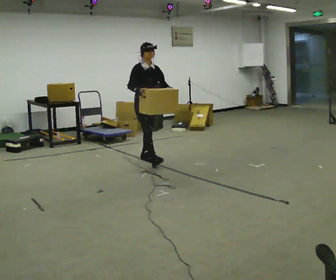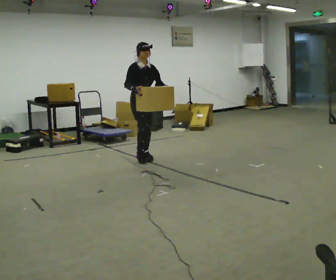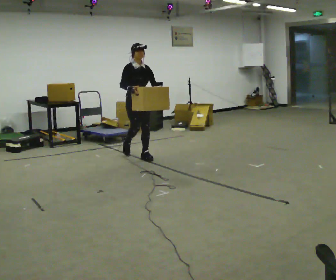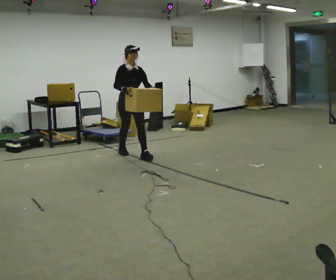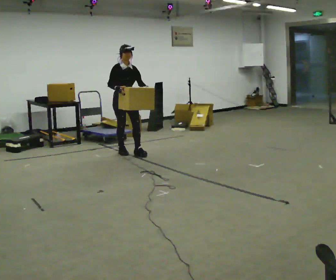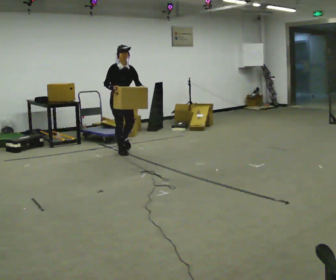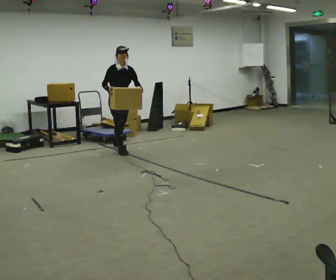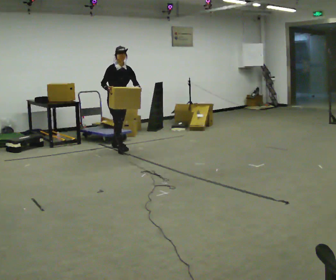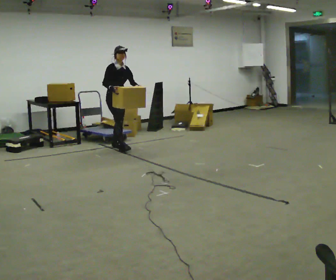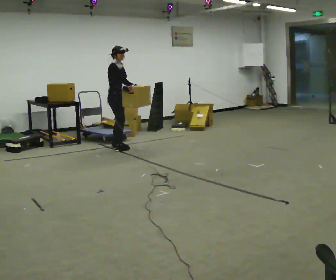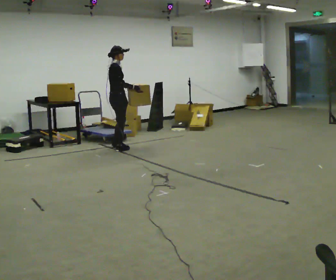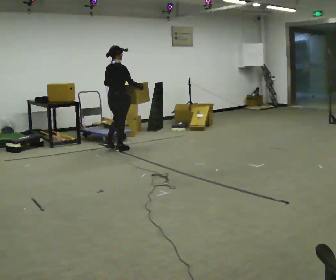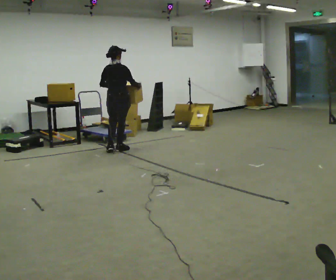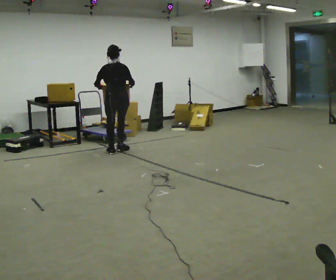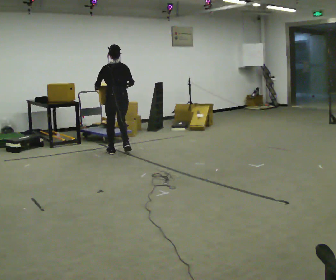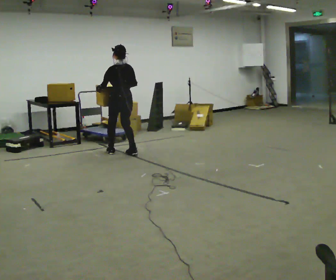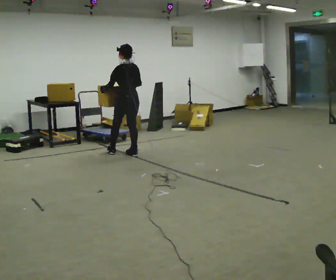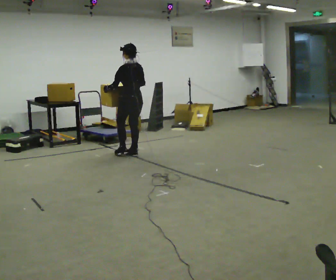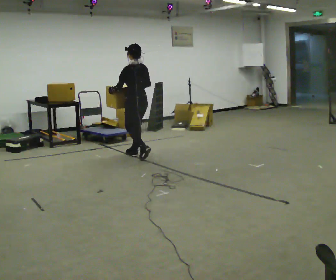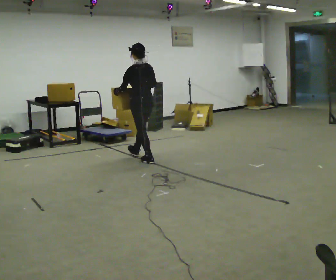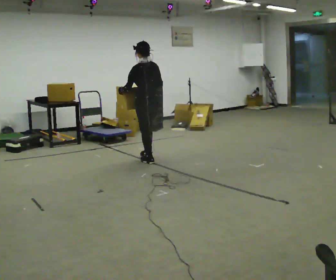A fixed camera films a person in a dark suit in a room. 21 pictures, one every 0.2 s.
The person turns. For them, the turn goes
to their left.
The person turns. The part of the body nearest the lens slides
to the right.
0.0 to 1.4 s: In the picture they go away from the camera and to the left, about 1 m in 1 step, which for them is backward.
1.4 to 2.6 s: Seen from above the body turns counterclockwise, about 150 degrees: to their left, with its near side sliding to the right. In the picture they go toward the camera, about 0.25 m in 2 steps. In the picture their right hand goes to the right.
2.6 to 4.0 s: The part of the body nearest the lens slides to the right as the person turns to their left by about 30 degrees. In the picture they go toward the camera and to the right, about 1 m in 2 steps, which for them is backward.
The film runs backward here.
